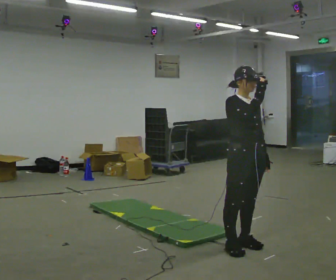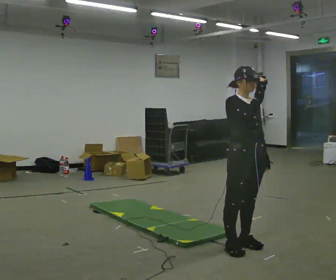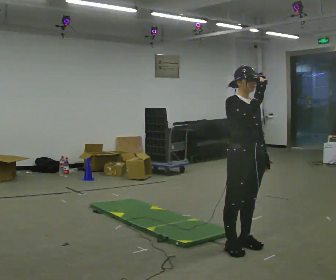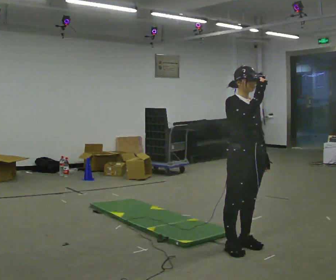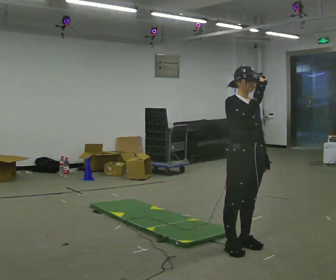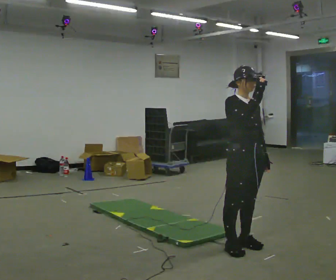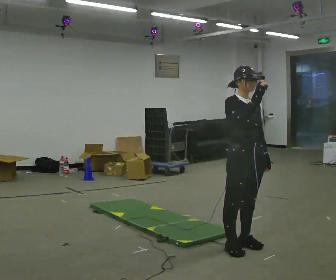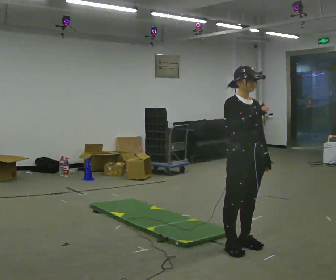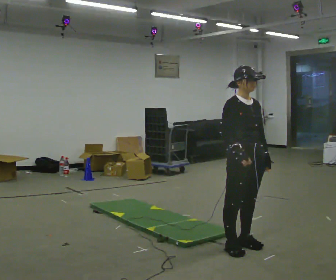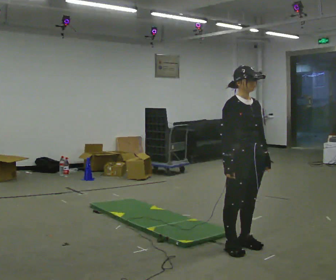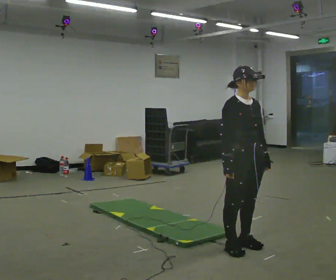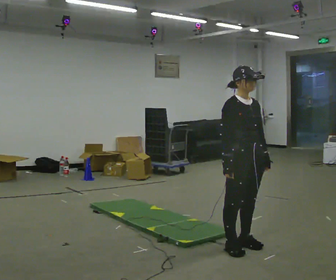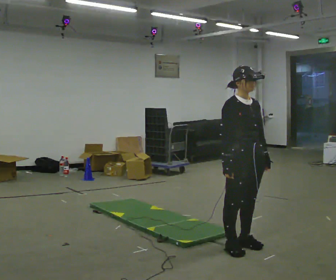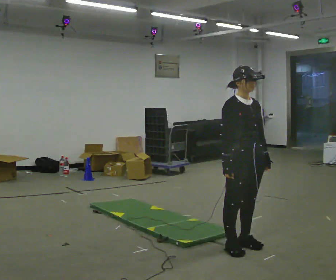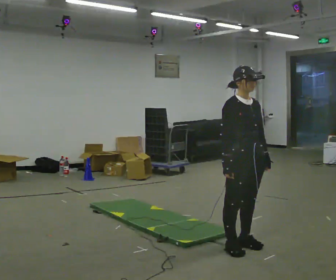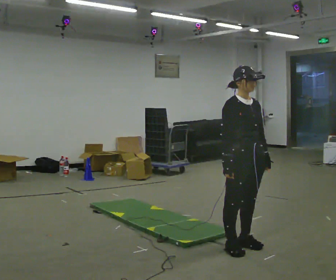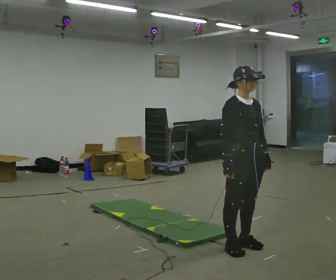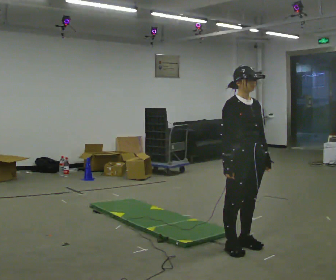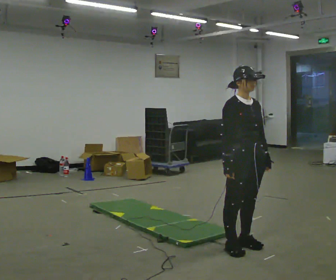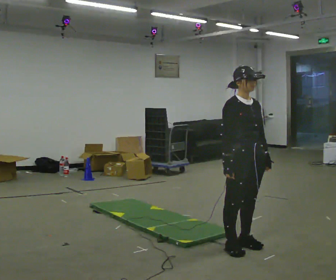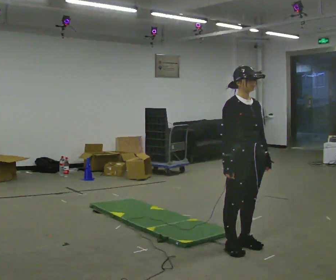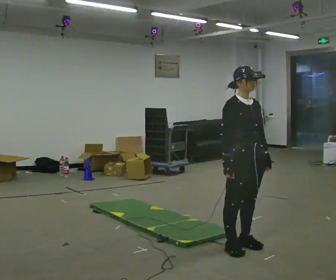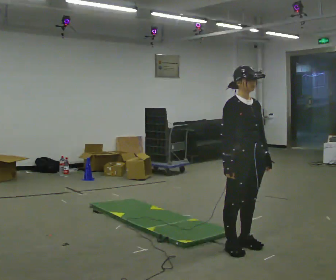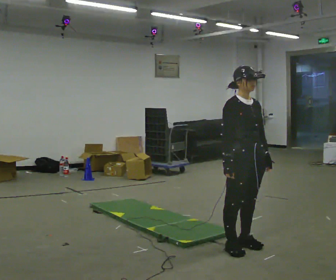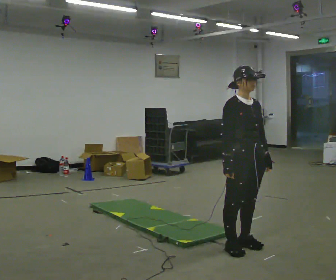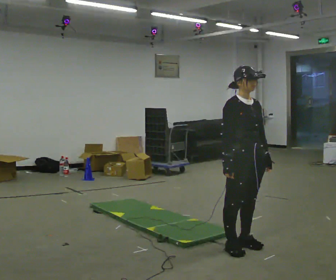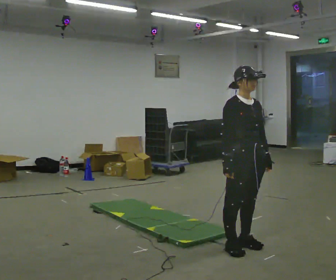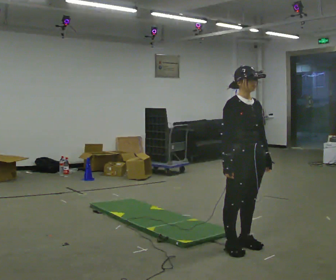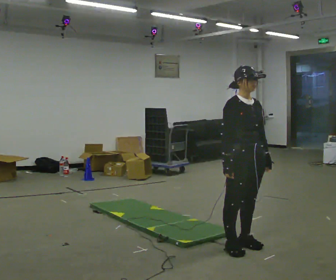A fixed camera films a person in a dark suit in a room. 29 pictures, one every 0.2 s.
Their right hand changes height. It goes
downward.
0.0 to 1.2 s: The person moves a little, or ends about where they began.
1.2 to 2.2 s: In the picture their right hand goes downward.
2.2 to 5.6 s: The person keeps their place and pose.
The film runs backward here.
